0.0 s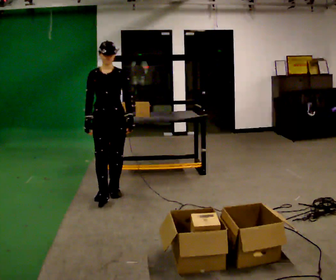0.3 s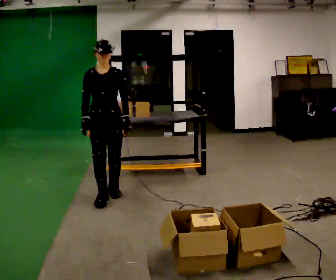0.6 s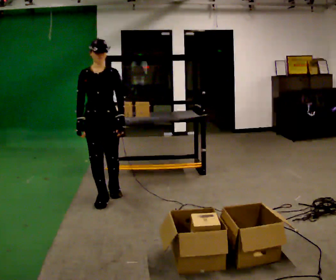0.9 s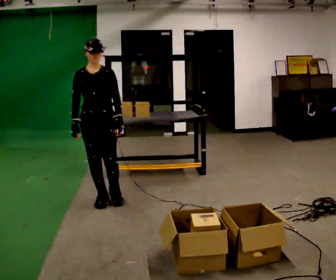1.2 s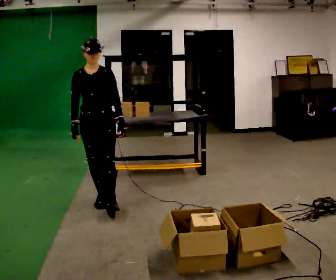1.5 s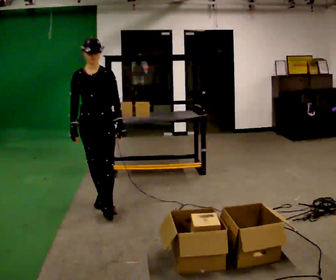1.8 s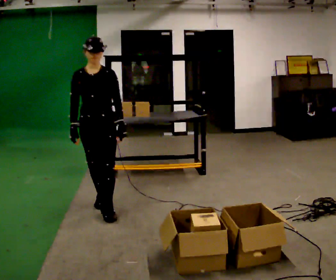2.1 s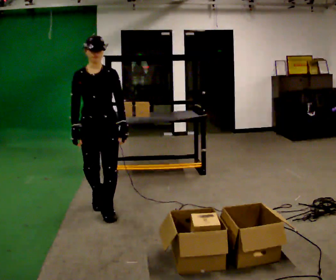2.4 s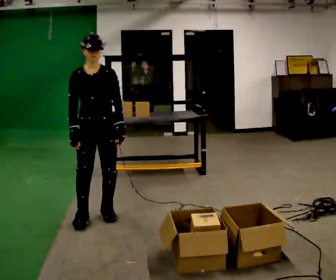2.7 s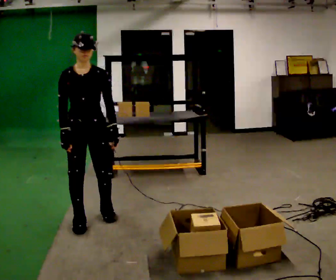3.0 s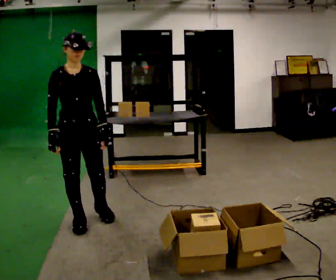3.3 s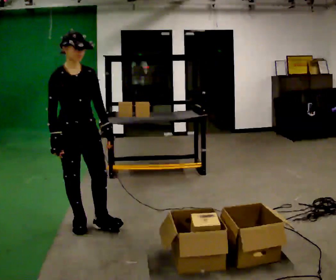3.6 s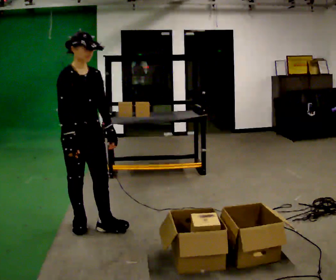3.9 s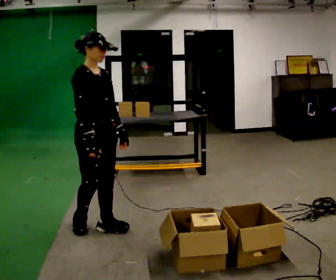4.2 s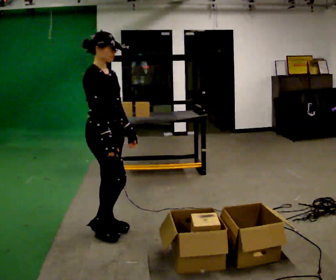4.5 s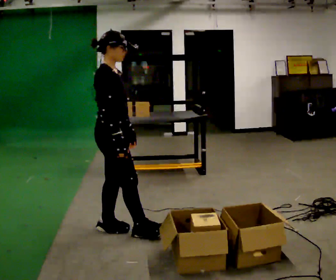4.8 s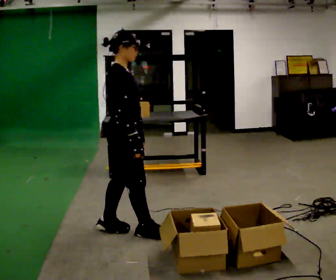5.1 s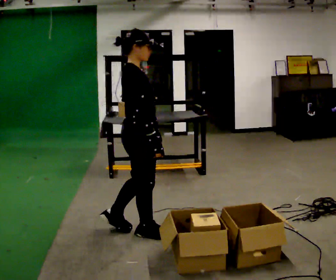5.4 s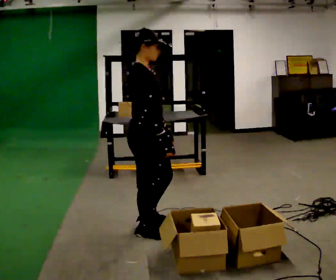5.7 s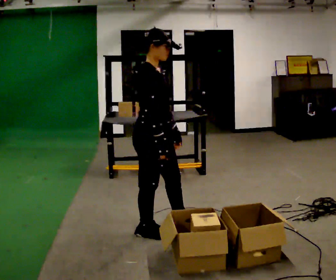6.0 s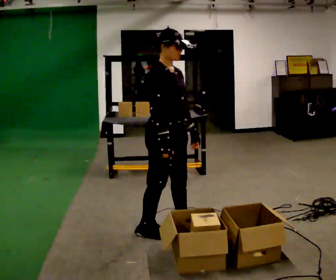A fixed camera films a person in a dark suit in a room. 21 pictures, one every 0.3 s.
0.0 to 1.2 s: In the picture they go toward the camera, about 0.25 m, which for them is forward.
1.2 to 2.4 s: In the picture they go toward the camera, about 0.25 m in 1 step, which for them is forward.
2.4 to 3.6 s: The person turns about 45 degrees to their left, counterclockwise seen from above, so the part of the body nearest the lens slides to the right. In the picture they go toward the camera, about 0.25 m in 2 steps, which for them is forward and to their right.
3.6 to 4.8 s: The person turns about 45 degrees to their left, counterclockwise seen from above, so the part of the body nearest the lens slides to the right. In the picture they go to the right and toward the camera, about 0.25 m in 1 step, which for them is forward.
4.8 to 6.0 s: The person turns about 30 degrees to their right, clockwise seen from above, so the part of the body nearest the lens slides to the left. In the picture they go to the right, about 0.25 m in 1 step, which for them is forward.
The film runs forward here.
